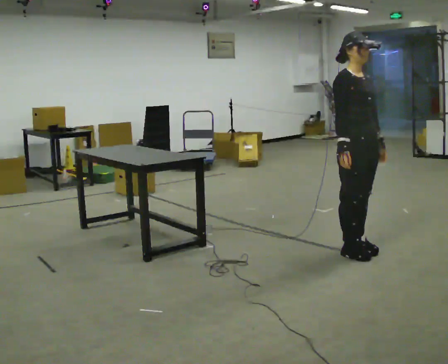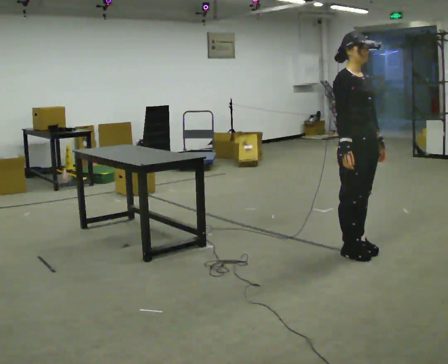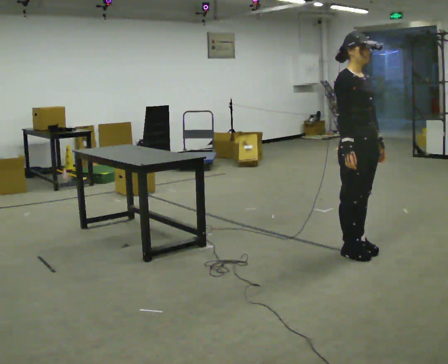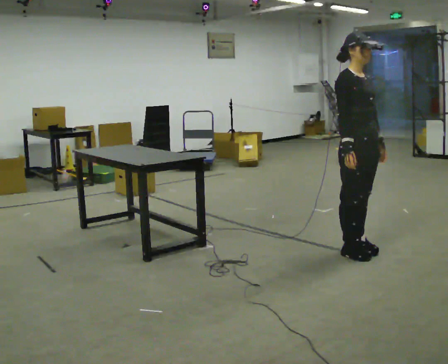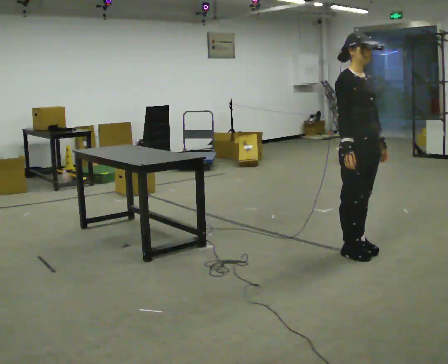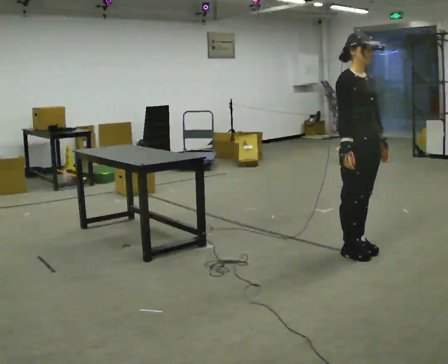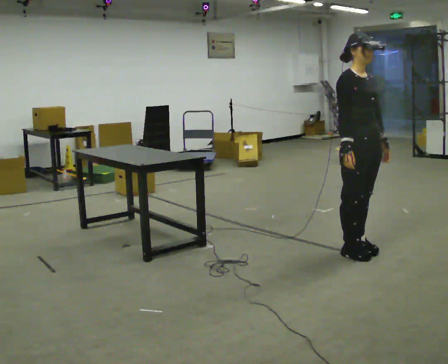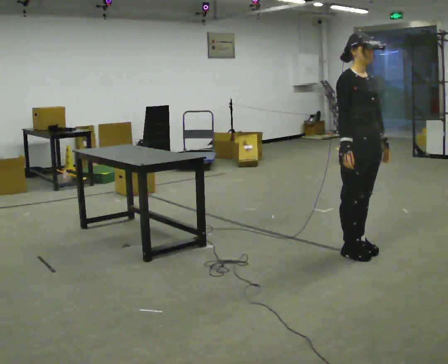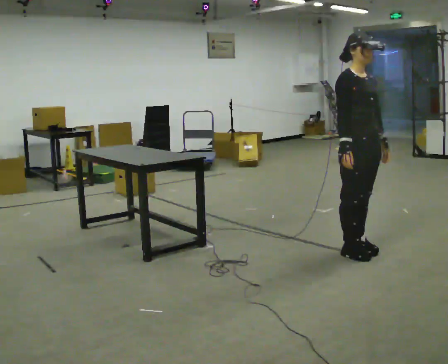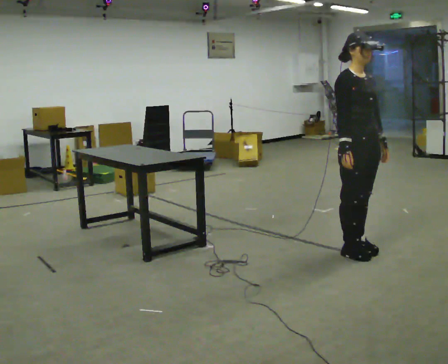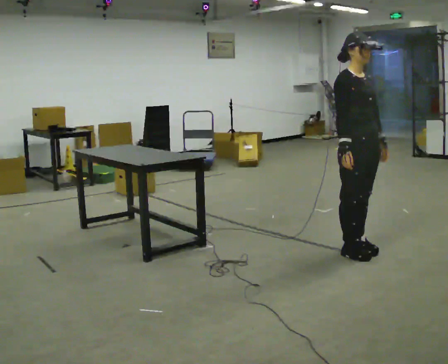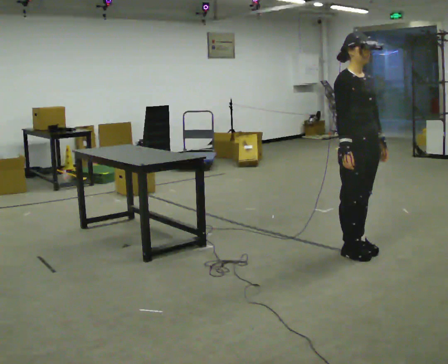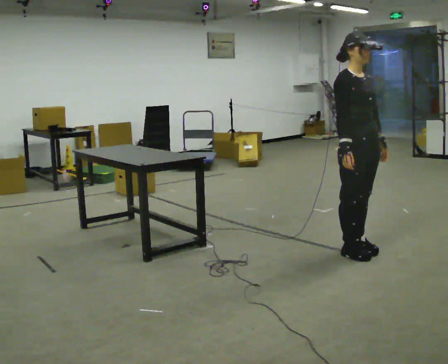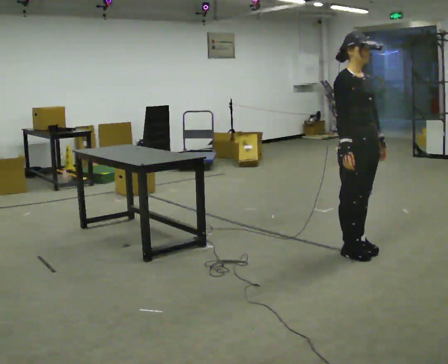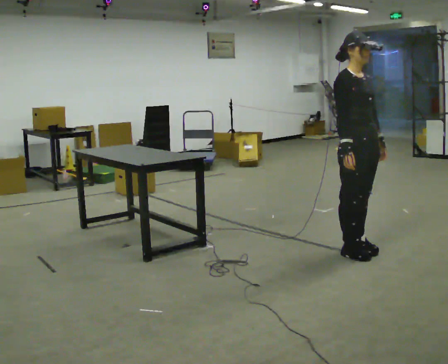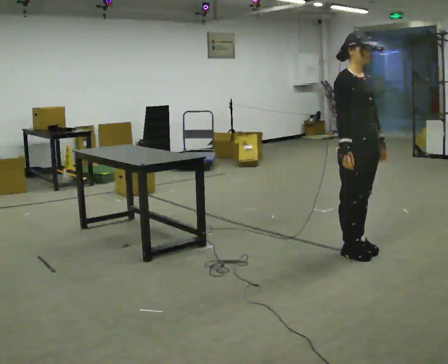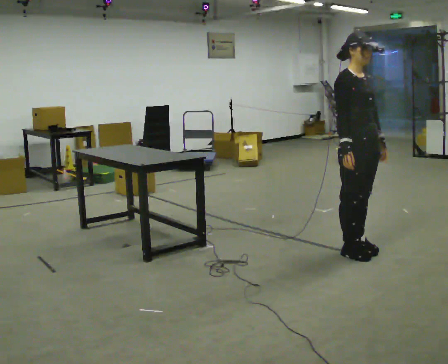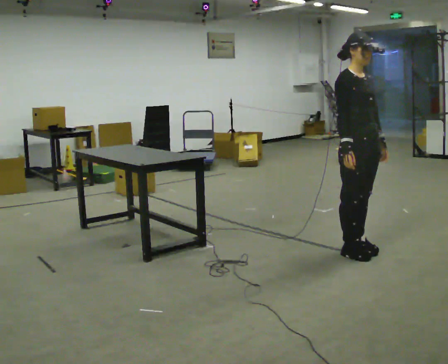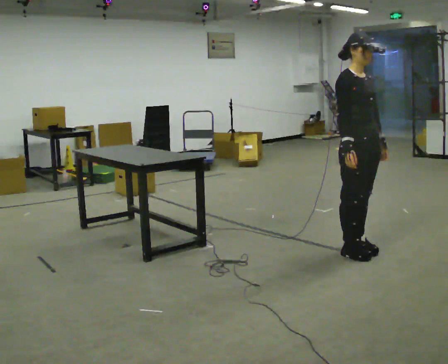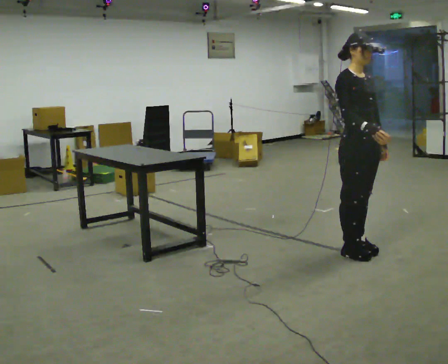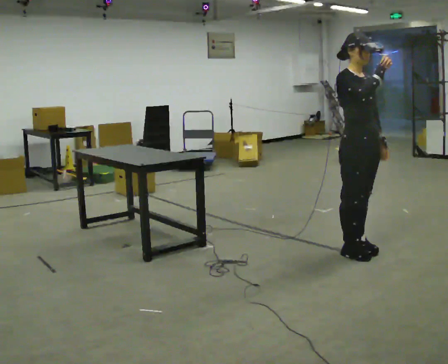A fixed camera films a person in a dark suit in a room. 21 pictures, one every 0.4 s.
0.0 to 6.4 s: The person moves a little, or ends about where they began.
6.4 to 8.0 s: In the picture their right hand goes upward.
The film runs forward here.
